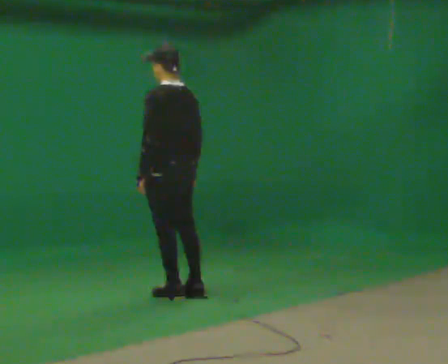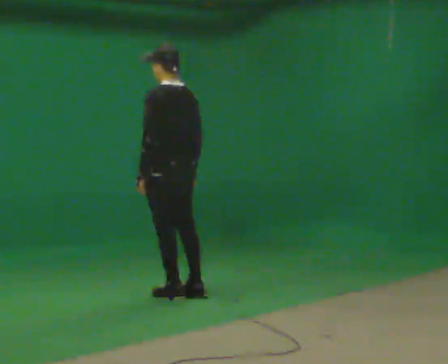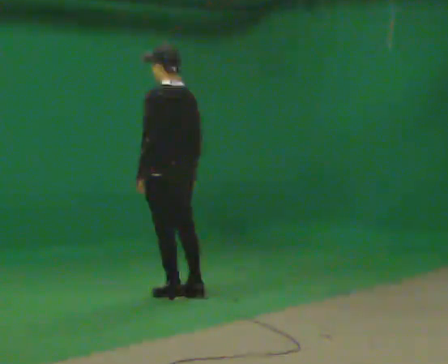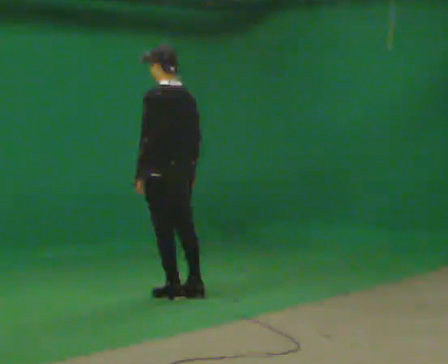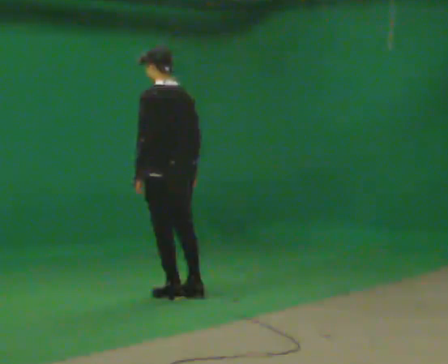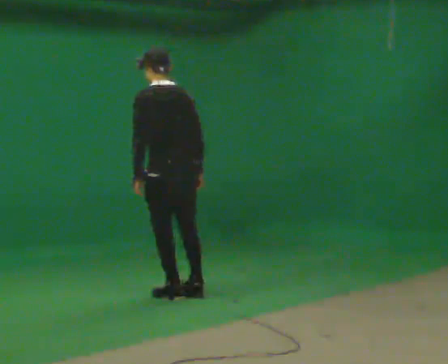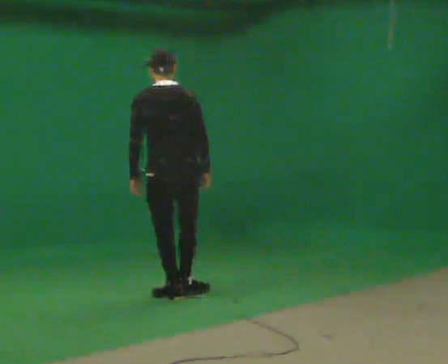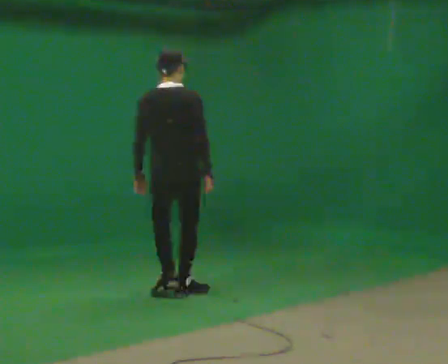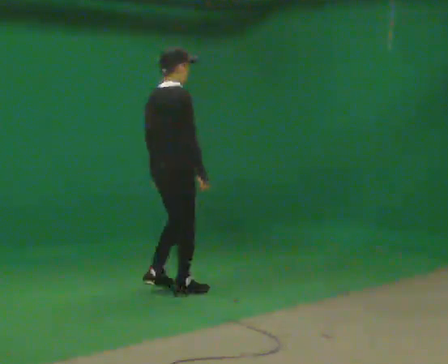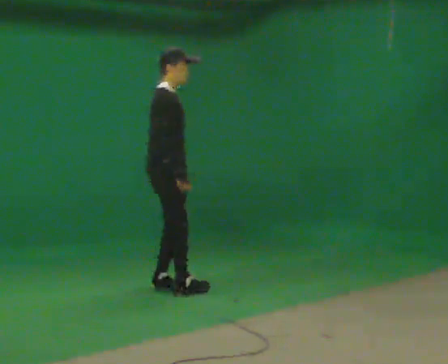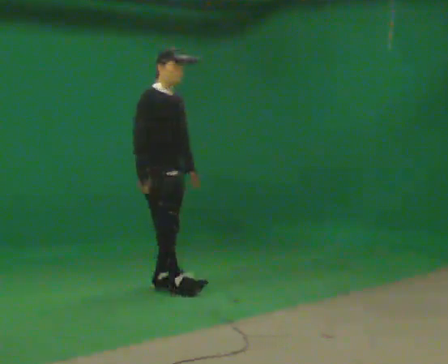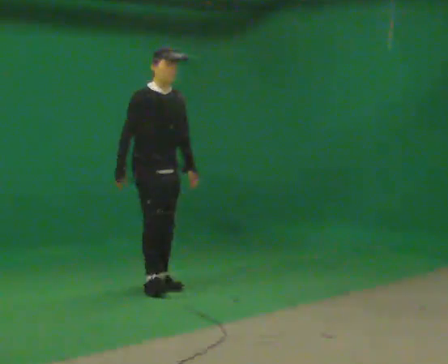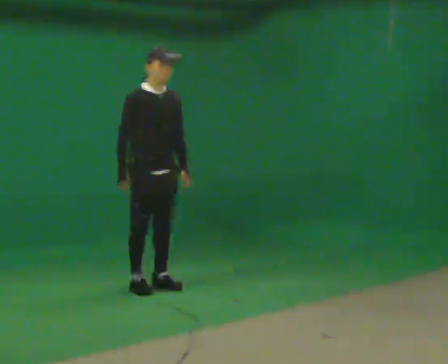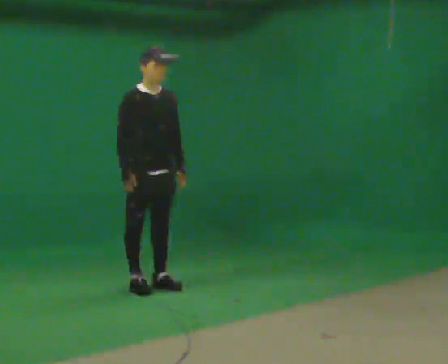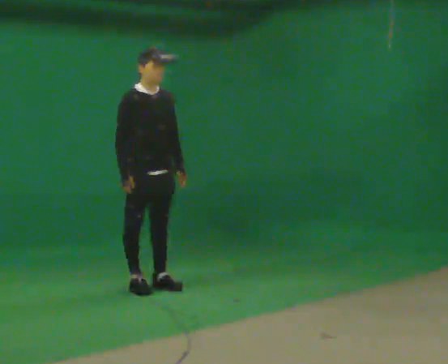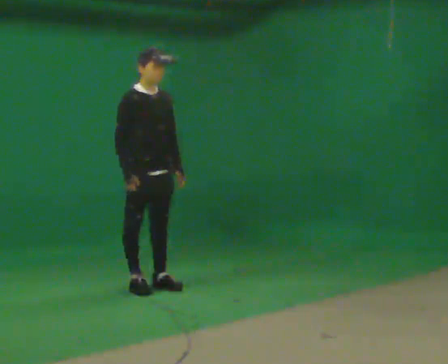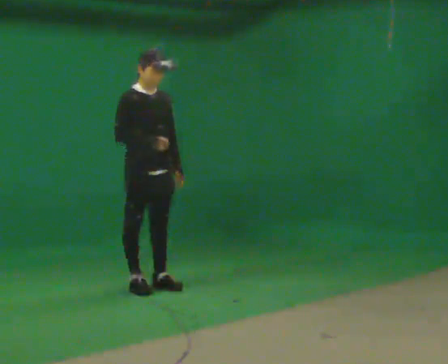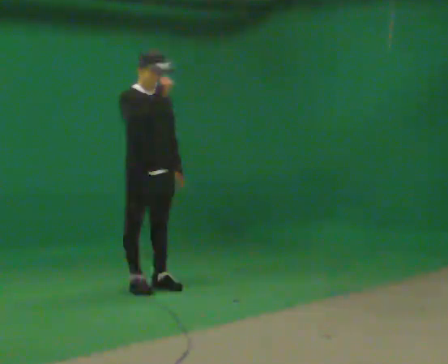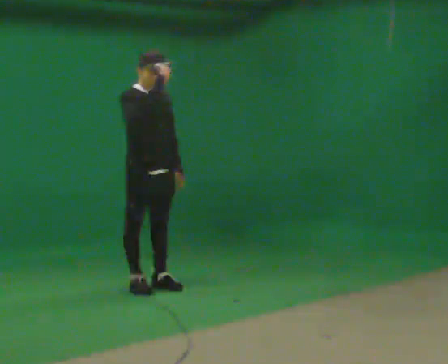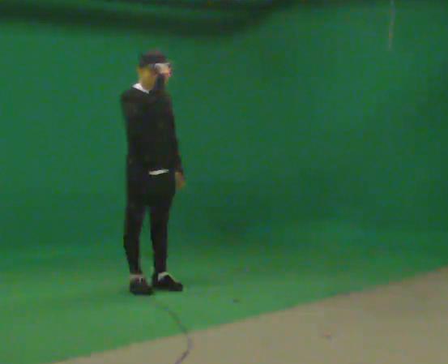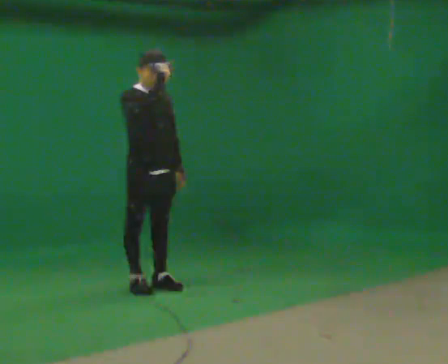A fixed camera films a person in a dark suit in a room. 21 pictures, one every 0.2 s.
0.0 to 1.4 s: The part of the body nearest the lens slides to the left as the person turns to their right by about 75 degrees.
1.4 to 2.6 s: The part of the body nearest the lens slides to the left as the person turns to their right by about 120 degrees. In the picture they go away from the camera and to the left, about 0.25 m in 2 steps.
2.6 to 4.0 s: In the picture their right hand goes upward.
The film runs forward here.
